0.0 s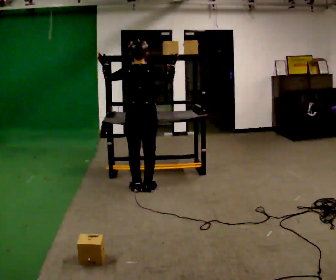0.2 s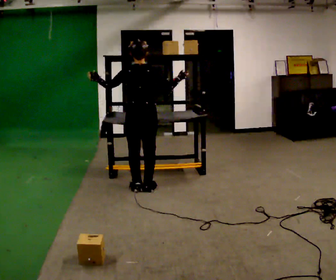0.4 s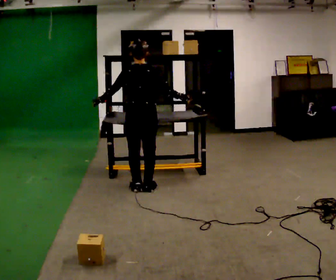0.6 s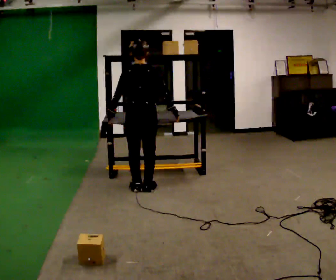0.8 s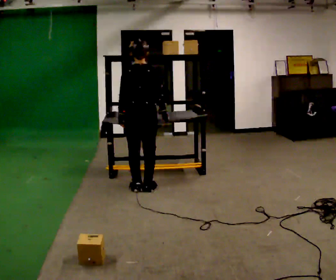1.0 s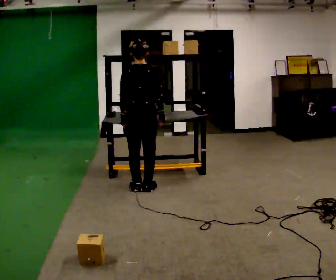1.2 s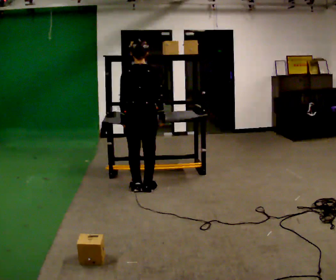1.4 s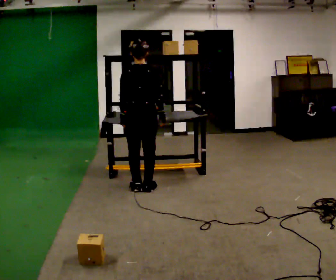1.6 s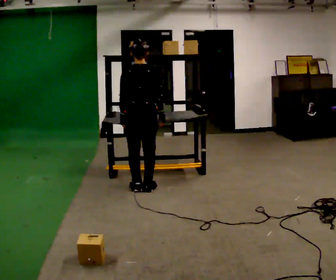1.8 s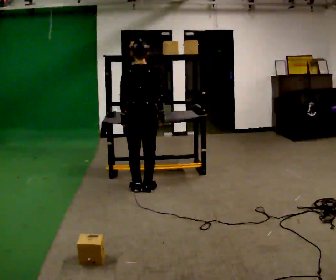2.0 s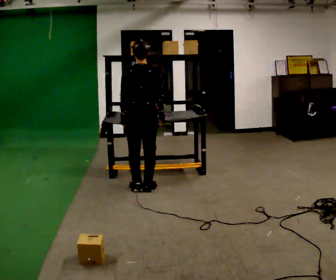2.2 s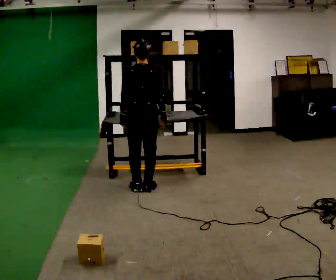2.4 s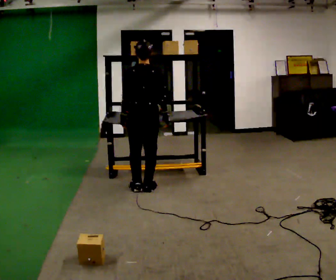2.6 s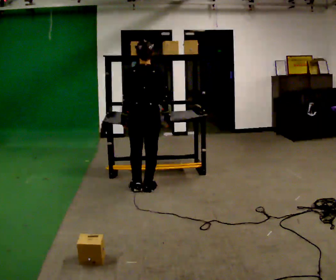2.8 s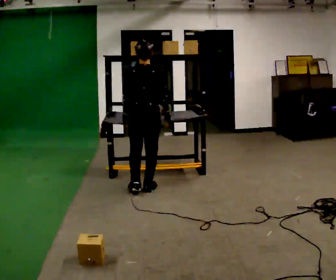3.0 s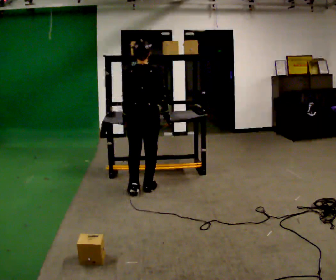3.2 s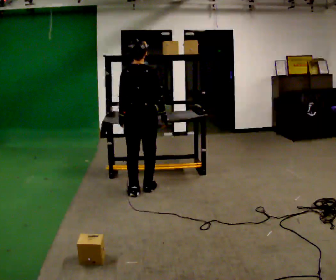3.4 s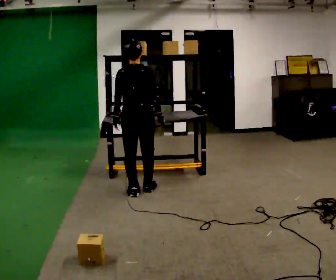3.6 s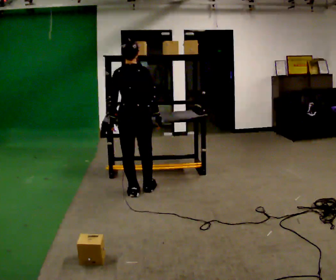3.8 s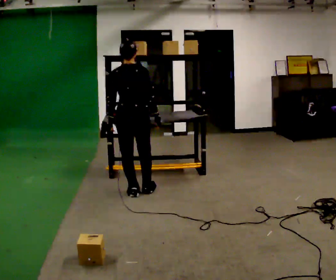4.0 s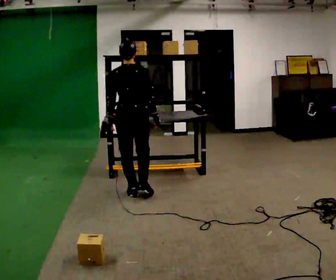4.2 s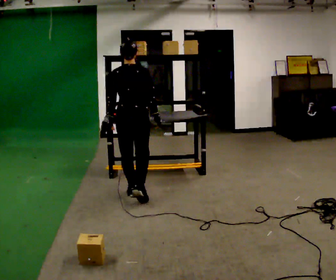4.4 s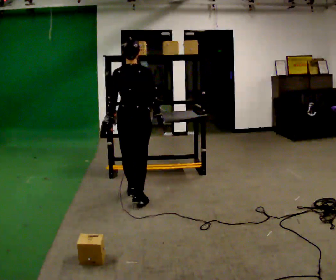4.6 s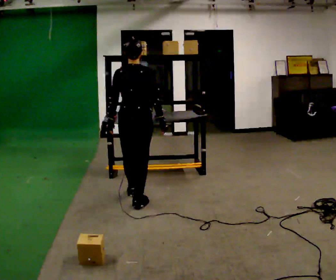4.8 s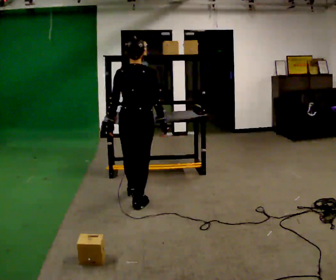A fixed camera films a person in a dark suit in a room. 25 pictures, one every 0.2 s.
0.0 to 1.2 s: In the picture their left hand goes downward, the arm swinging counterclockwise.
1.2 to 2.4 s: The person moves a little, or ends about where they began.
2.4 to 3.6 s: In the picture they go toward the camera, about 0.25 m in 1 step, which for them is backward.
3.6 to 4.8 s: In the picture they go toward the camera, about 0.25 m in 1 step, which for them is backward.
The film runs backward here.
